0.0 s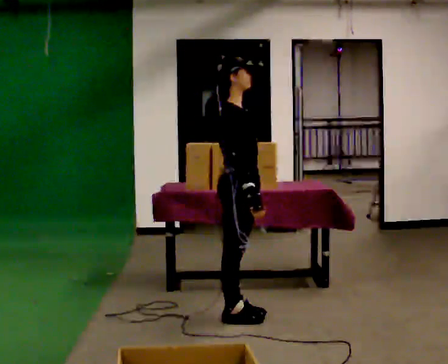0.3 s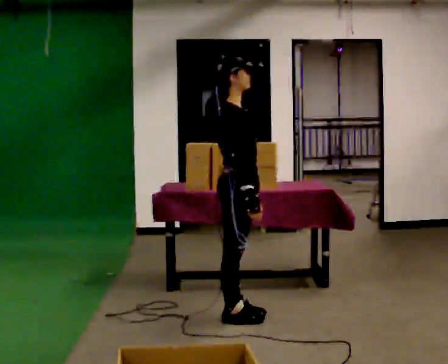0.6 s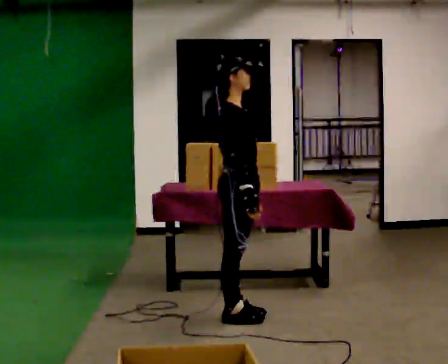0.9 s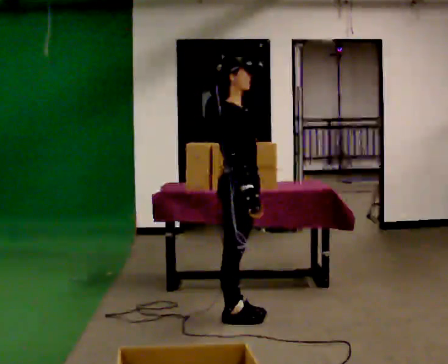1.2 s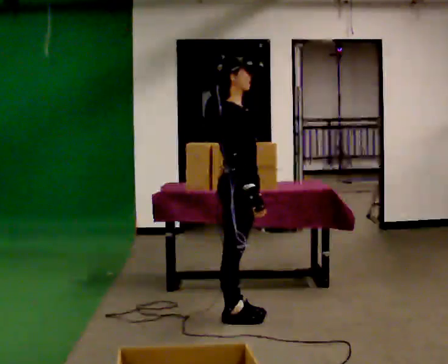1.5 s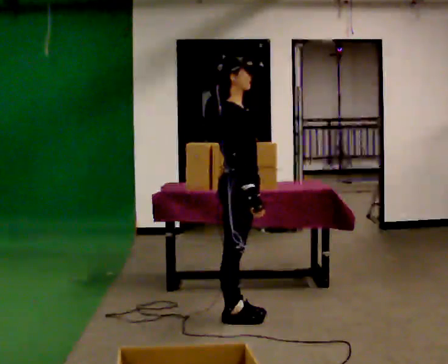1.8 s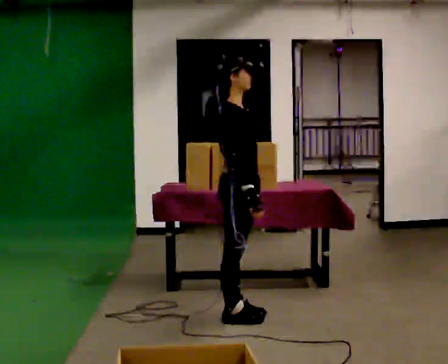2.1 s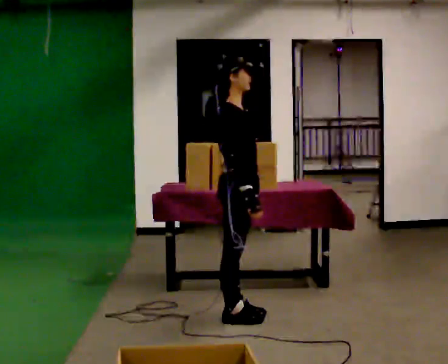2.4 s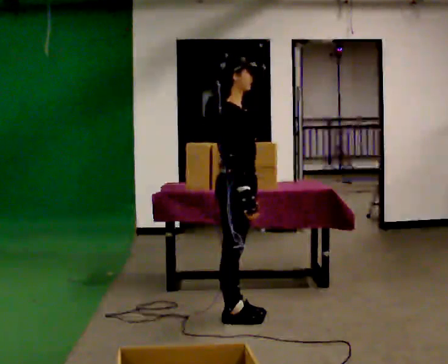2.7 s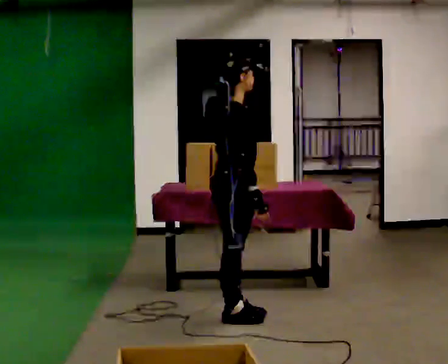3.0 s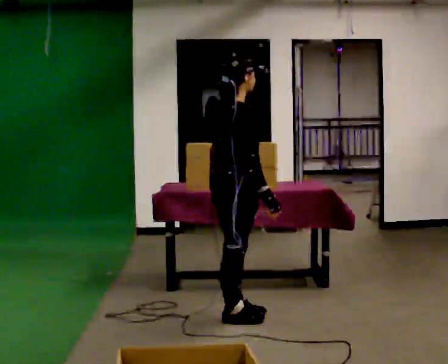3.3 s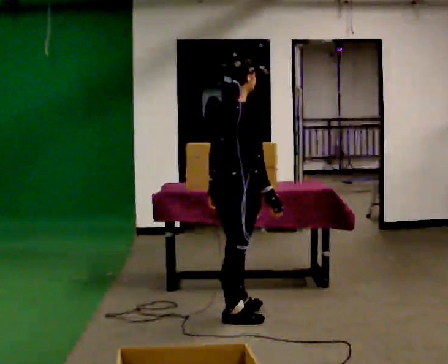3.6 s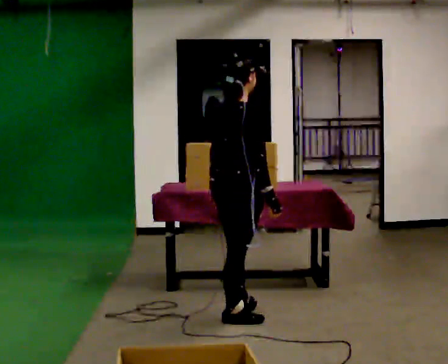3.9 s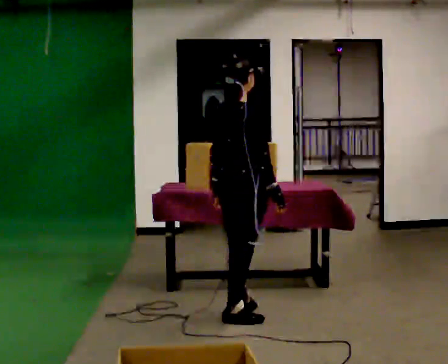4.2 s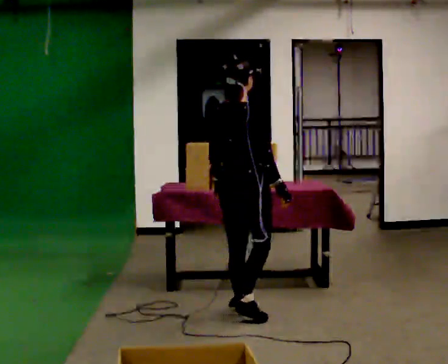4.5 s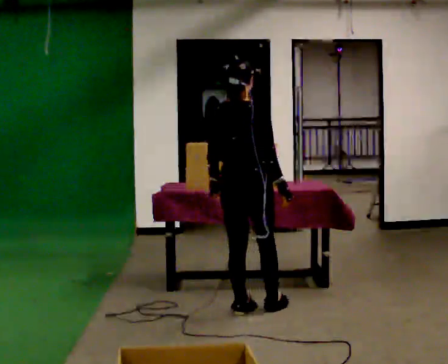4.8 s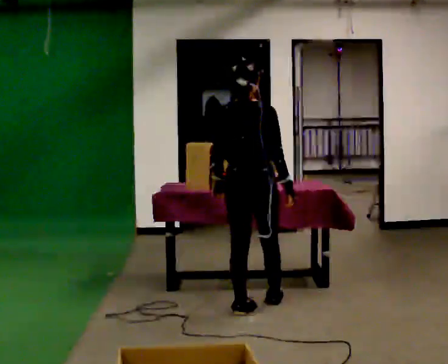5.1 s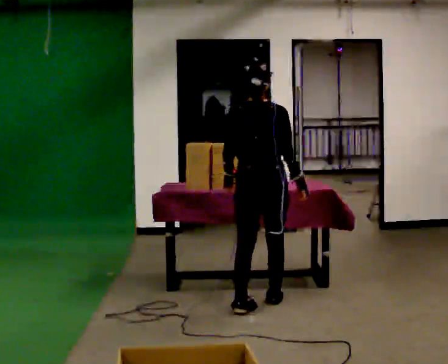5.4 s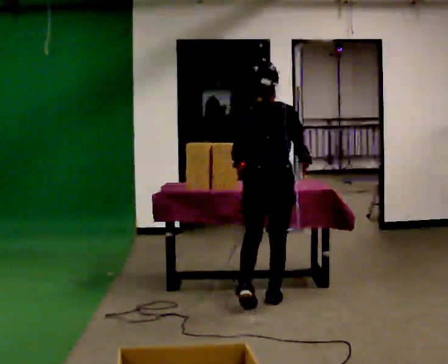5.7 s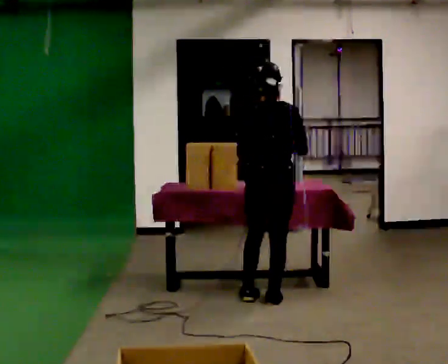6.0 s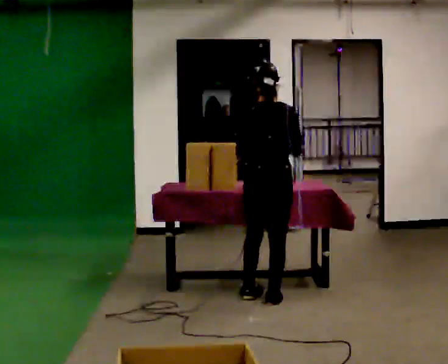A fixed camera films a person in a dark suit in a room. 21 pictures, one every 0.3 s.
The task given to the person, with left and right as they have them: Carry the object across the room, open the lid of the container, put the object inside, and close the lid again. Then go back for the next one. Keep going until the operator says stop; one object at a time, and do not rush between trips.
0.0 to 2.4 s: The person moves a little, or ends about where they began.
2.4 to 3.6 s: Seen from above the body turns counterclockwise, about 30 degrees: to their left, with its near side sliding to the right.
3.6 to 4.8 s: Seen from above the body turns counterclockwise, about 45 degrees: to their left, with its near side sliding to the right. In the picture they go away from the camera, about 0.25 m in 1 step, which for them is forward.
4.8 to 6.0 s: In the picture they go away from the camera, about 0.25 m in 1 step, which for them is forward and to their right.
The film runs forward here.
